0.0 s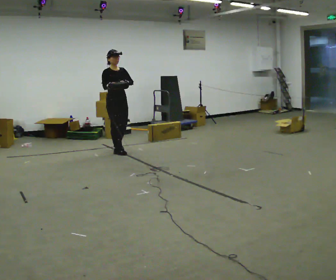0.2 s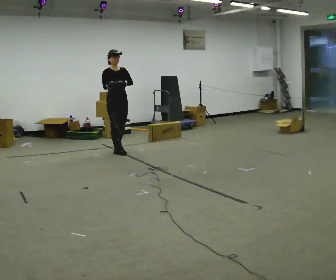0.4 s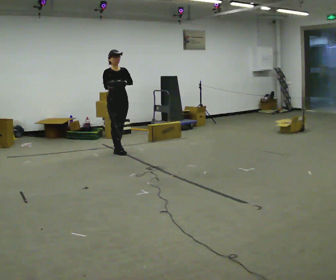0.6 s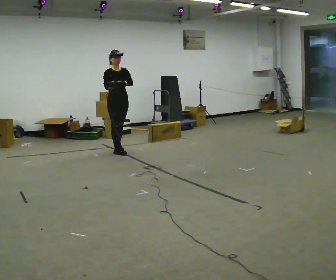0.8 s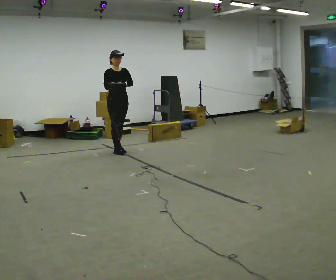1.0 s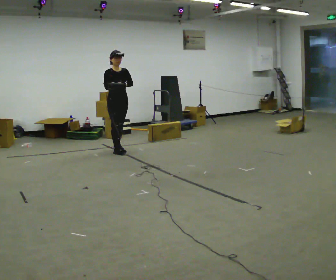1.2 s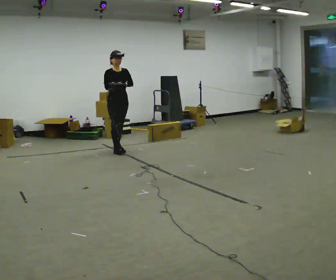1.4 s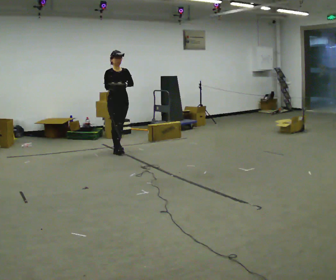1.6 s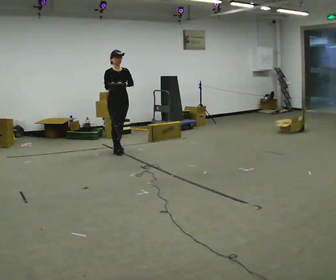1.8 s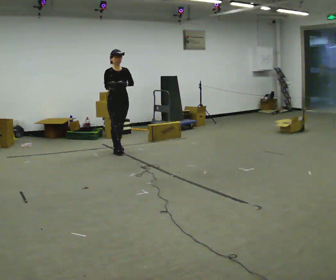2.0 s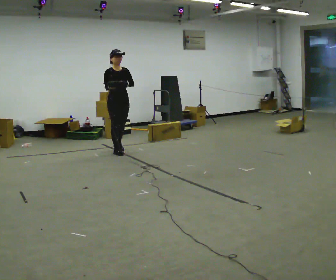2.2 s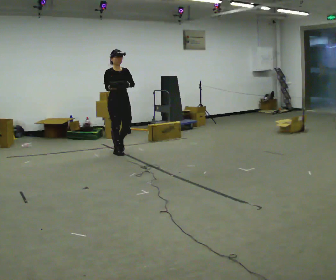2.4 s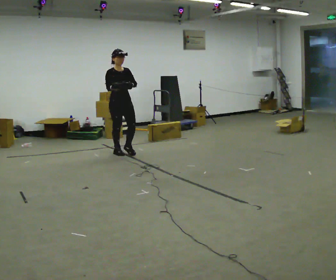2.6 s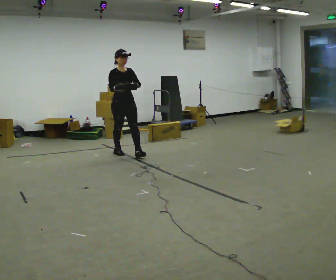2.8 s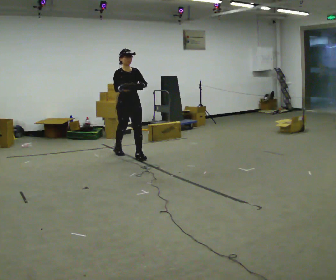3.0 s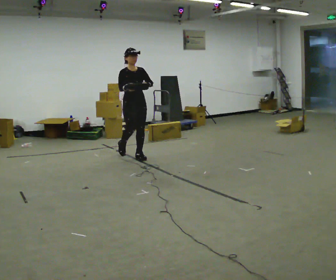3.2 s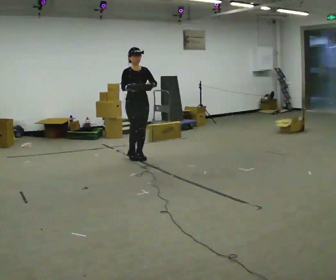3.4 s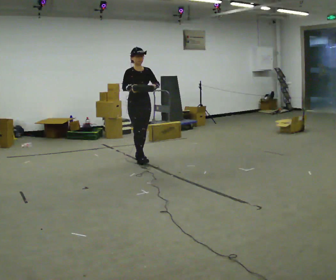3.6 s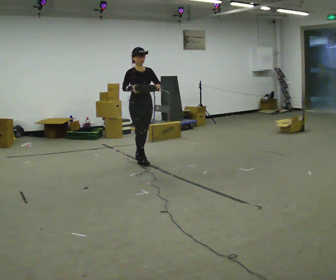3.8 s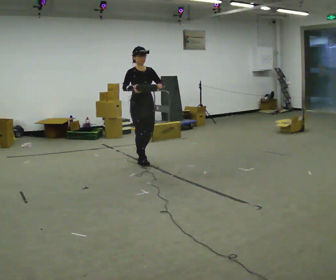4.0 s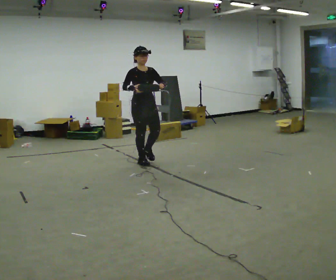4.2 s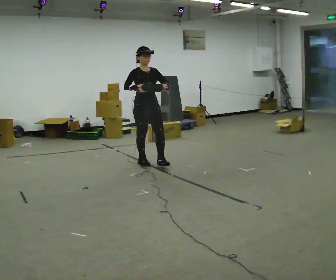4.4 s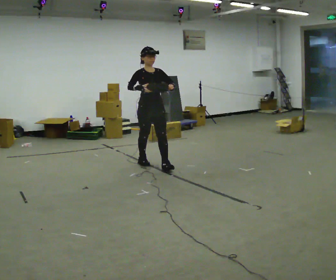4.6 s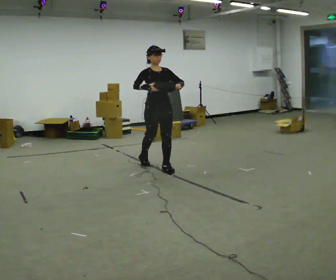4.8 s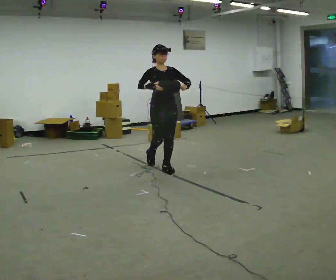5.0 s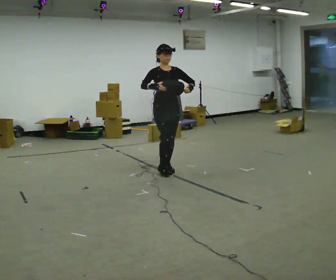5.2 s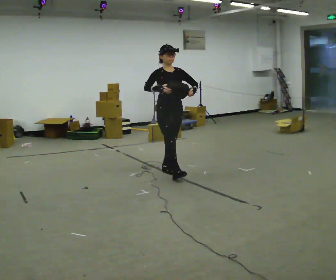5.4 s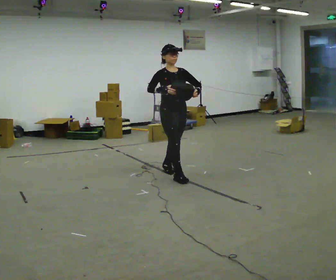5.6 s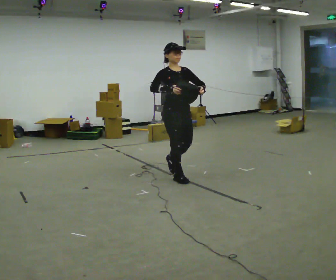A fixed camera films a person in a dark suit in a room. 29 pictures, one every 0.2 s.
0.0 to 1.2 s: In the picture they go away from the camera, about 0.25 m, which for them is backward.
1.2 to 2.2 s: In the picture they go toward the camera, about 0.25 m, which for them is forward.
2.2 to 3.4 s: In the picture they go toward the camera and to the right, about 0.5 m in 1 step, which for them is forward.
3.4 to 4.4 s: In the picture they go toward the camera and to the right, about 0.5 m in 2 steps, which for them is forward.
4.4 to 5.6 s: In the picture they go toward the camera and to the right, about 0.75 m in 1 step, which for them is forward.
The film runs forward here.
